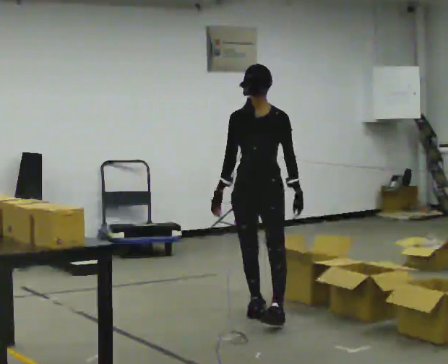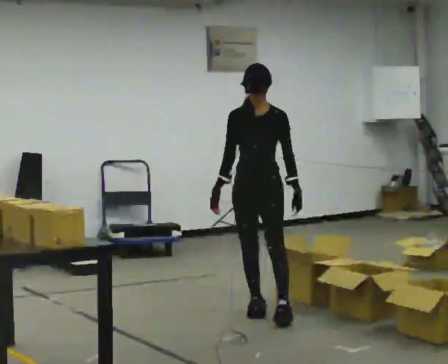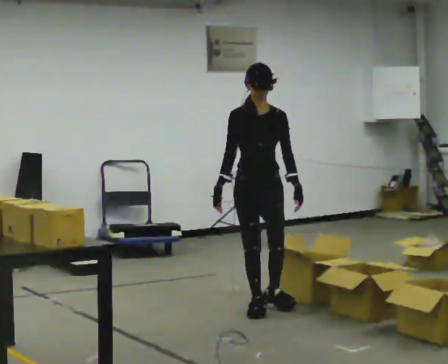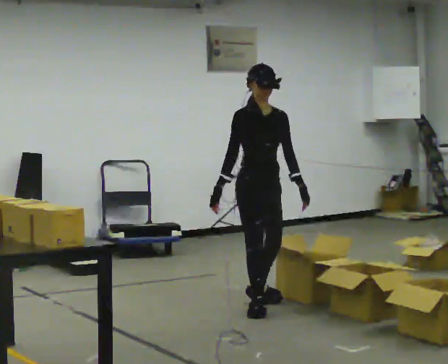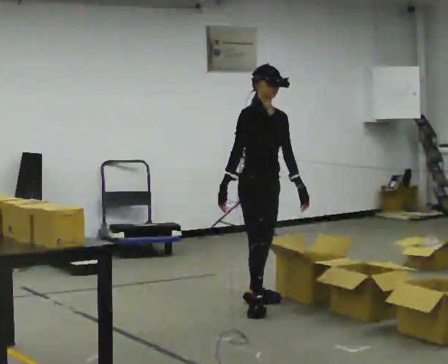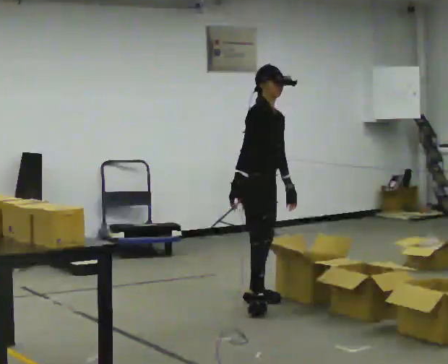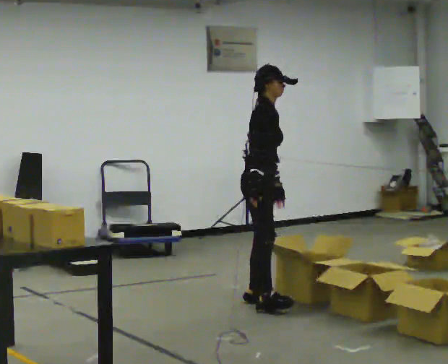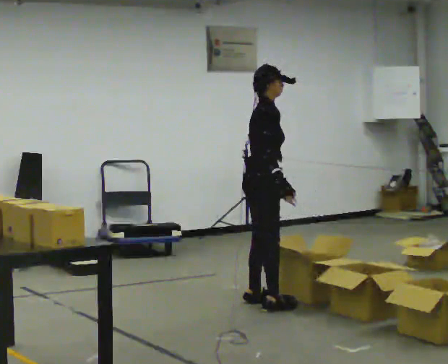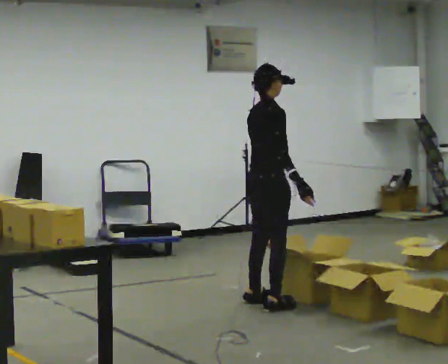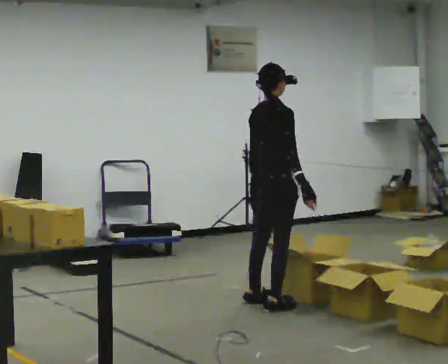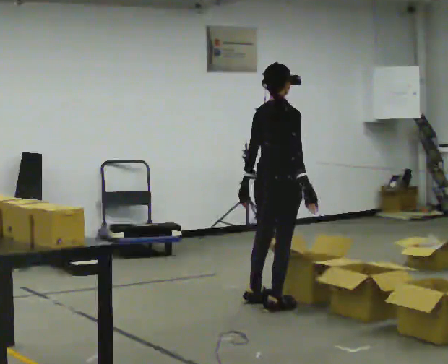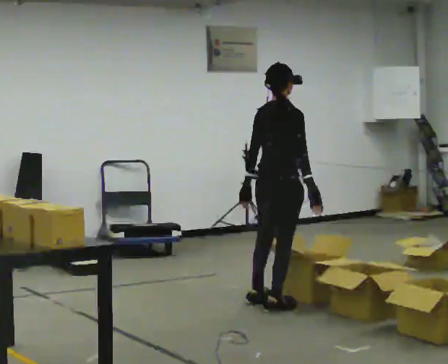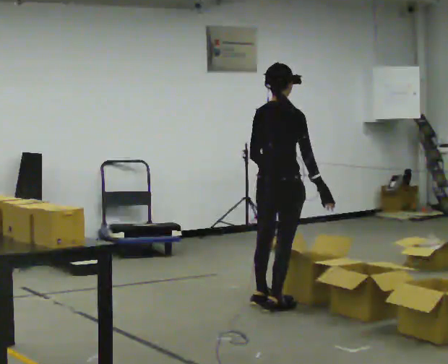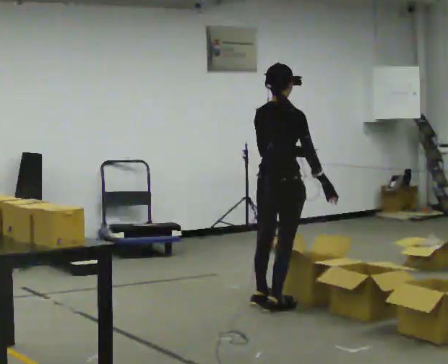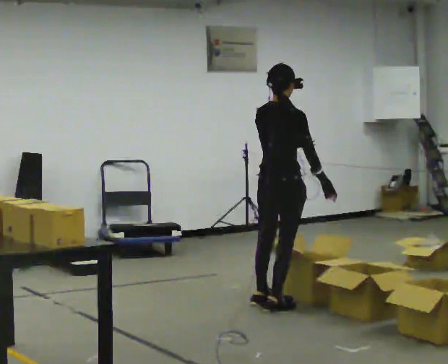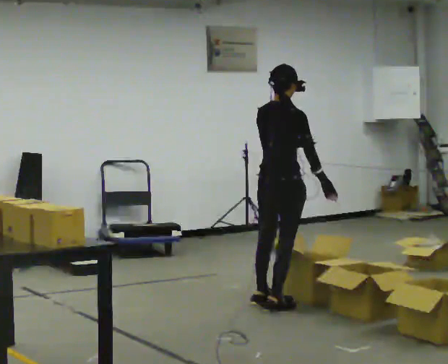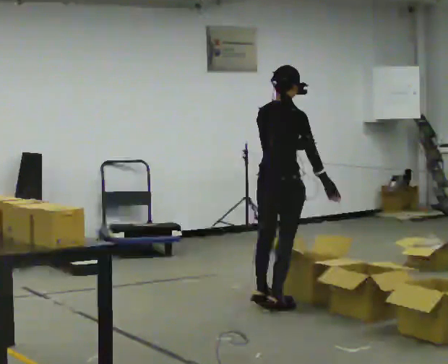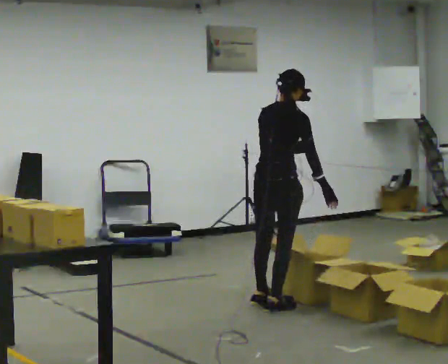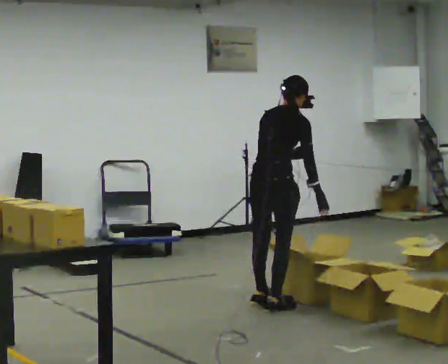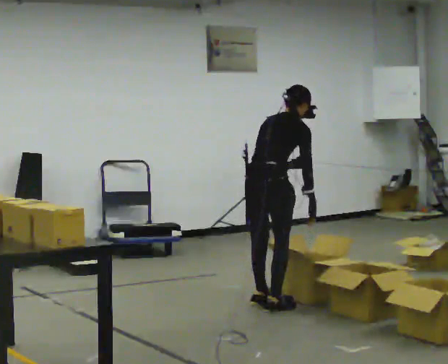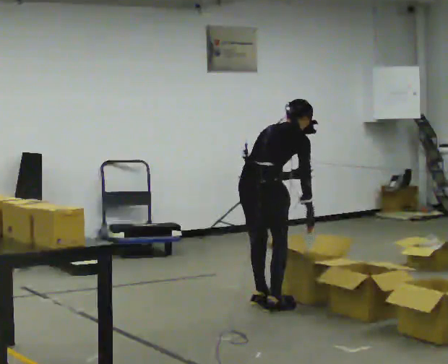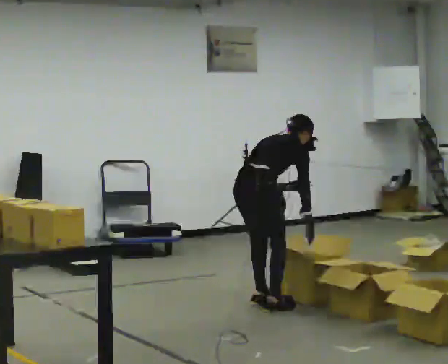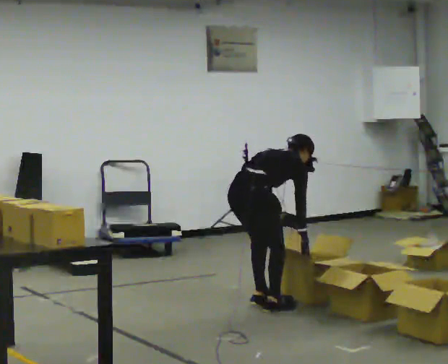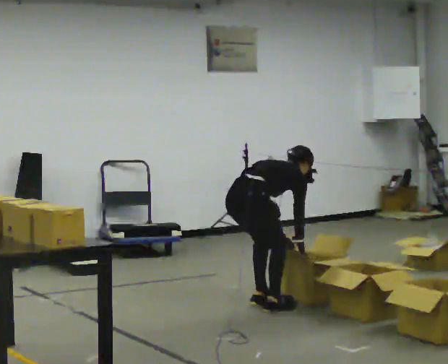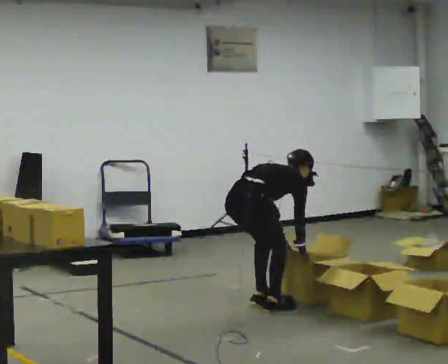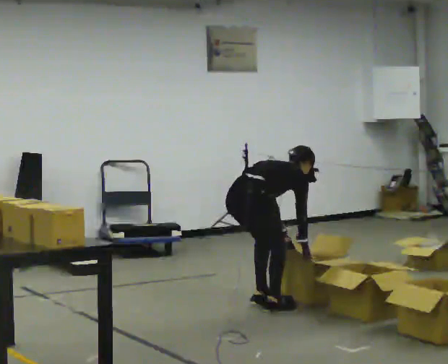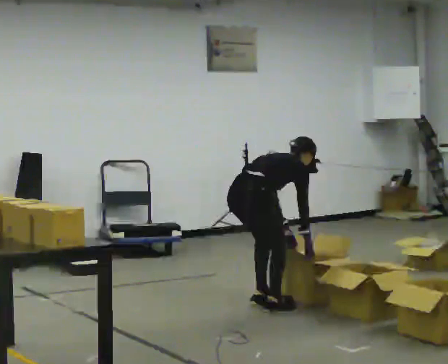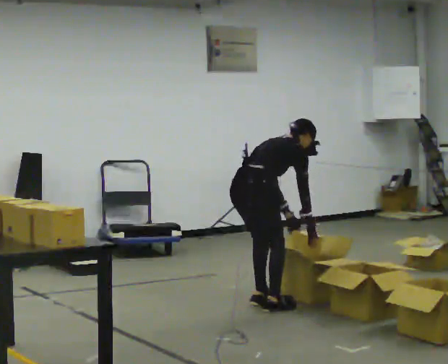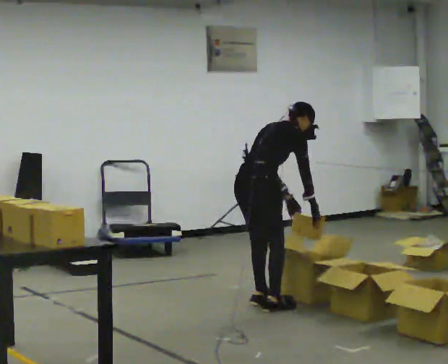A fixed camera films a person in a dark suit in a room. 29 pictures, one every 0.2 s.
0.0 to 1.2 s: The person turns about 90 degrees to their left, counterclockwise seen from above, so the part of the body nearest the lens slides to the right. In the picture they go away from the camera, about 0.25 m.
1.2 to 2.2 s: Seen from above the body turns counterclockwise, about 60 degrees: to their left, with its near side sliding to the right. In the picture they go toward the camera, about 0.25 m, which for them is to their right. In the picture their right hand goes to the right.
2.2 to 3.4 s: In the picture their left hand goes to the right.
3.4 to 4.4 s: In the picture they go to the left, about 0.25 m, which for them is backward. The shoulders move downward. The upper body tips away from the camera, its near side rolling upward, as they bend forward. In the picture their left hand goes downward.
4.4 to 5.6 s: The person moves a little, or ends about where they began.
The film runs backward here.
